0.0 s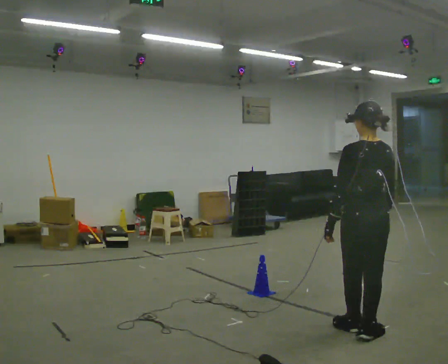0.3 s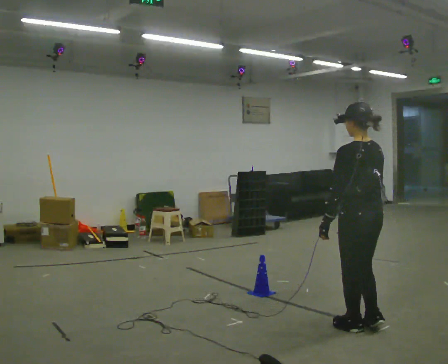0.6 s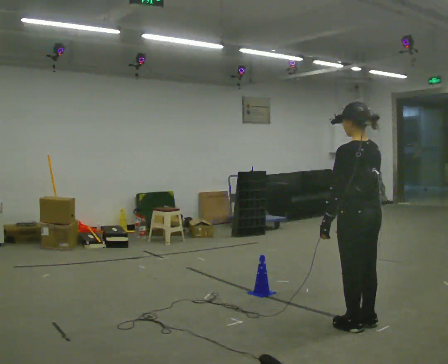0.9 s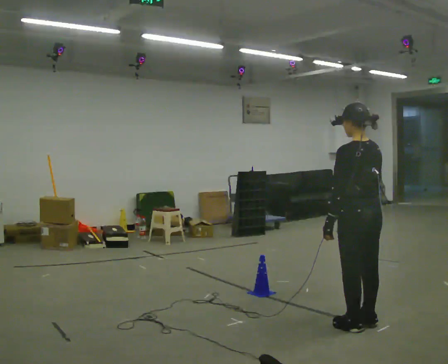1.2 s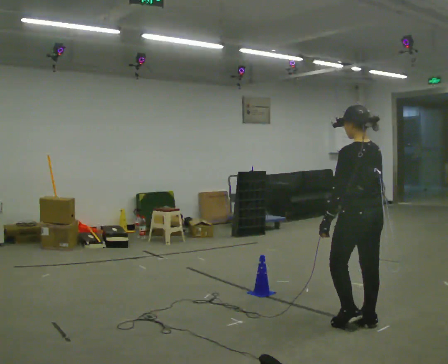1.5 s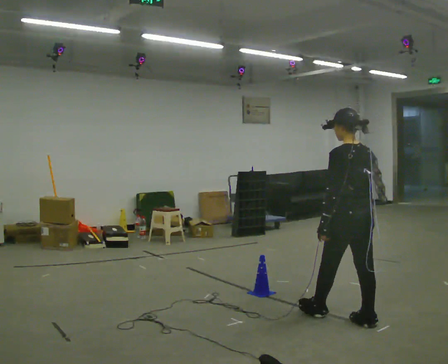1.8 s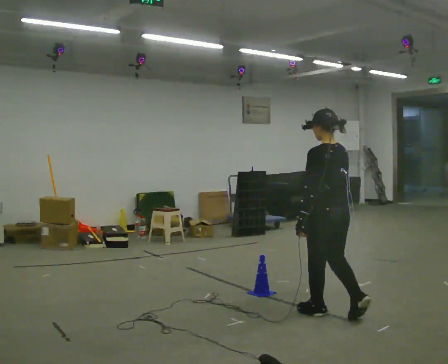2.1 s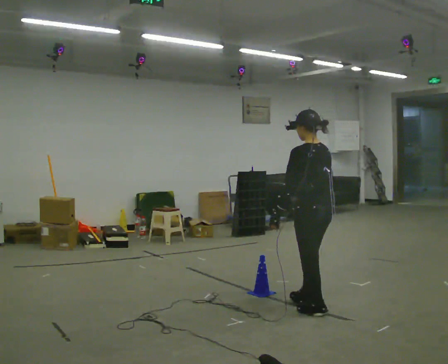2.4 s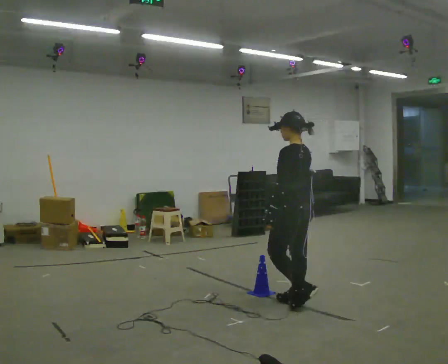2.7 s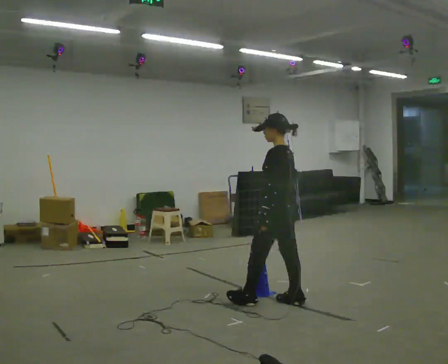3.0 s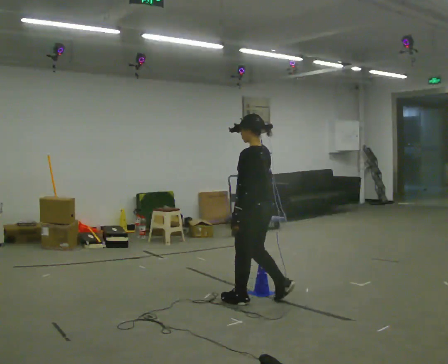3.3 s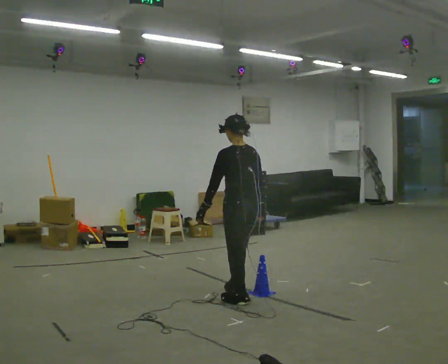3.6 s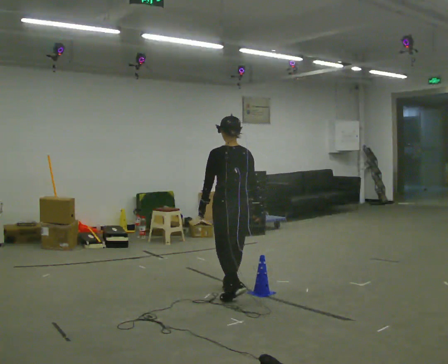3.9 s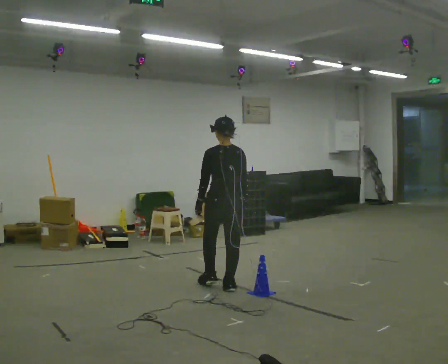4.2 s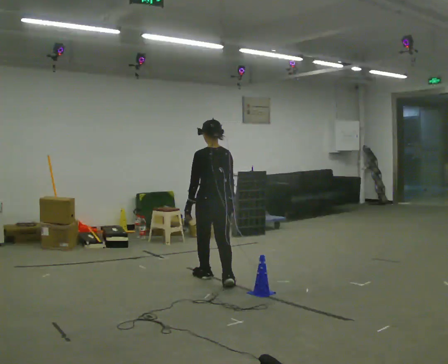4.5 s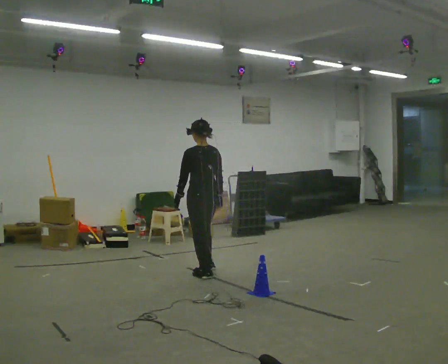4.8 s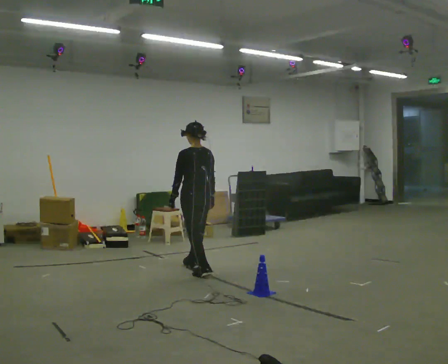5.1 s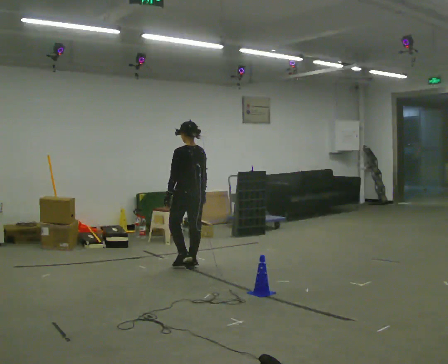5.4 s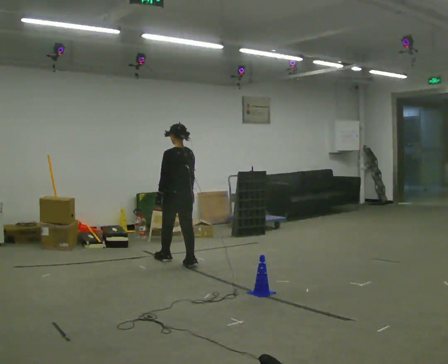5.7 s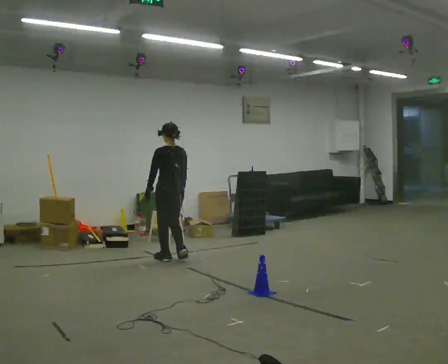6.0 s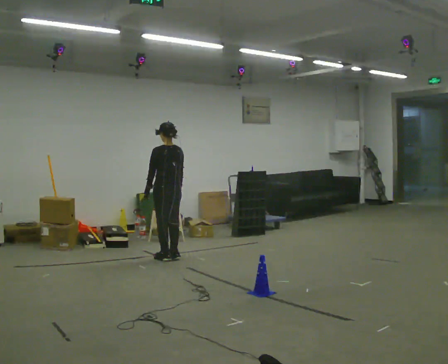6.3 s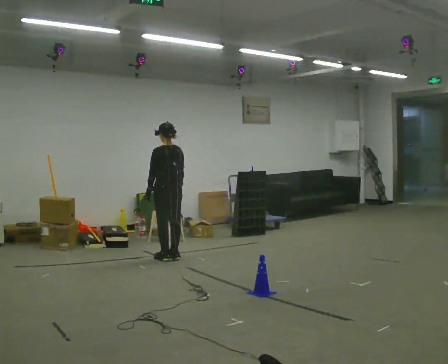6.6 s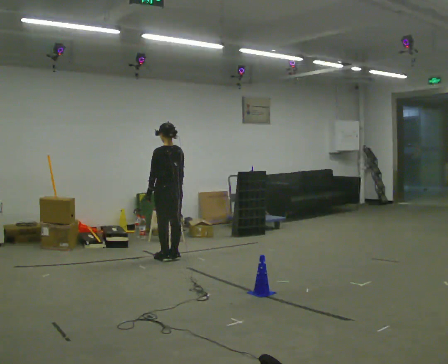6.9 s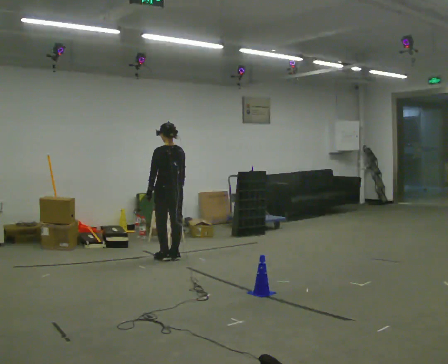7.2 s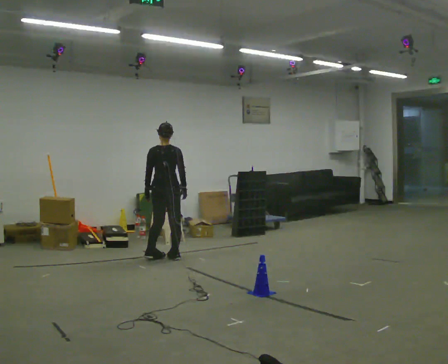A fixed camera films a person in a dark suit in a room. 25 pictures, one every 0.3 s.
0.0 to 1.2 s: In the picture they go away from the camera, about 0.25 m in 1 step, which for them is forward.
1.2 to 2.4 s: The part of the body nearest the lens slides to the right as the person turns to their left by about 30 degrees. In the picture they go away from the camera and to the left, about 0.75 m in 2 steps, which for them is forward.
2.4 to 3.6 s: Seen from above the body turns clockwise, about 45 degrees: to their right, with its near side sliding to the left. In the picture they go to the left and away from the camera, about 0.75 m in 2 steps, which for them is forward.
3.6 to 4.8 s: In the picture they go away from the camera and to the left, about 1 m in 2 steps, which for them is forward.
4.8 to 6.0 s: In the picture they go away from the camera and to the left, about 0.75 m in 2 steps, which for them is forward.
6.0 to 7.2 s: The person turns about 45 degrees to their right, clockwise seen from above, so the part of the body nearest the lens slides to the left.
The film runs forward here.
